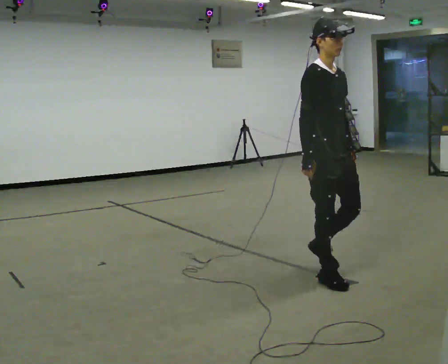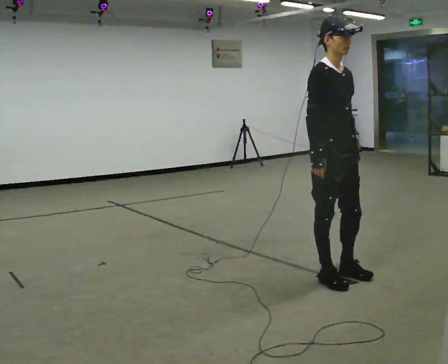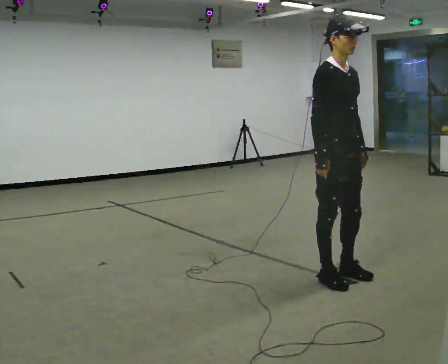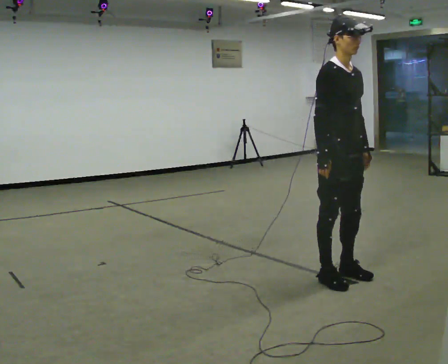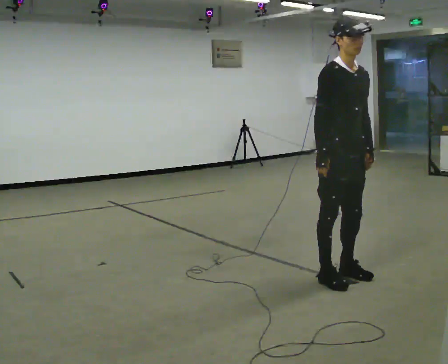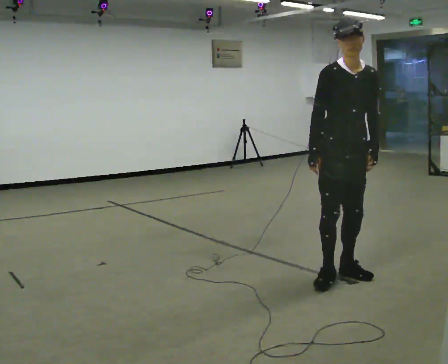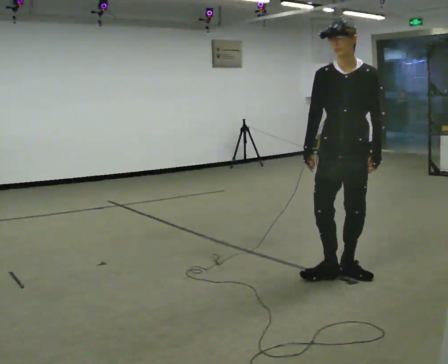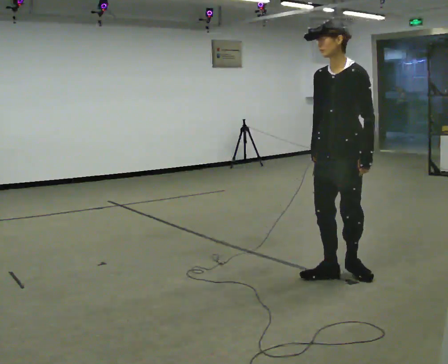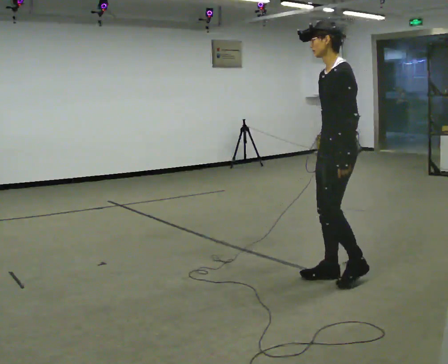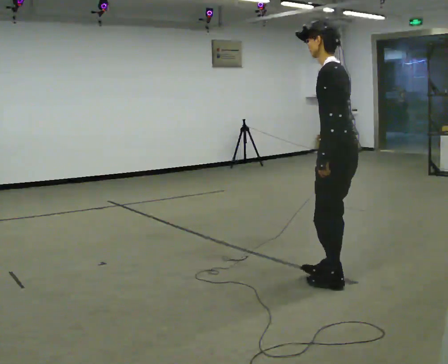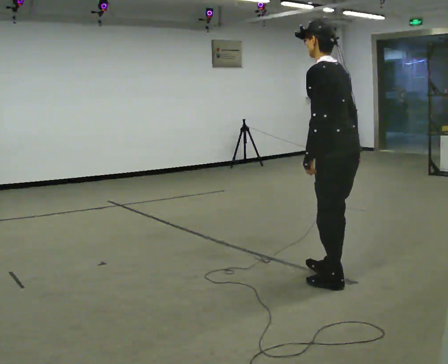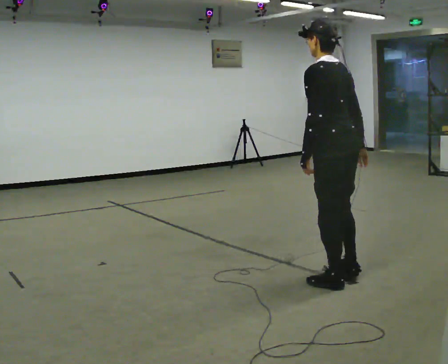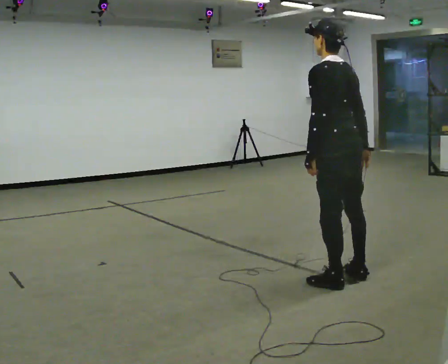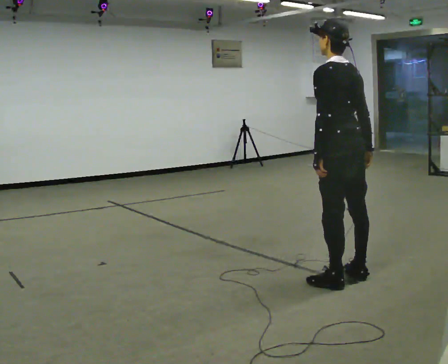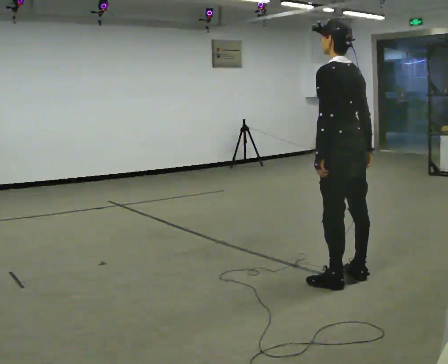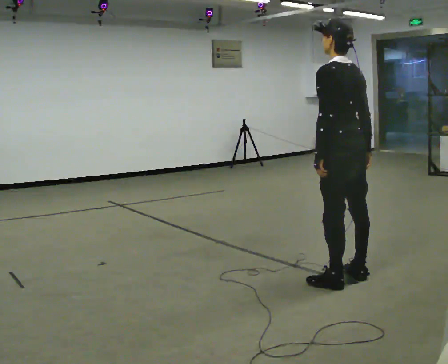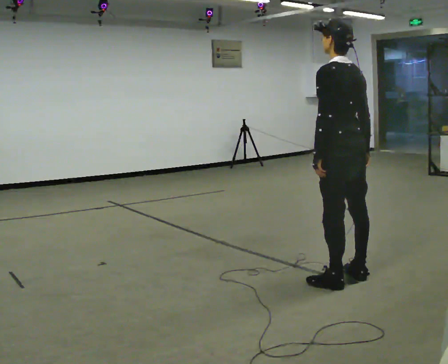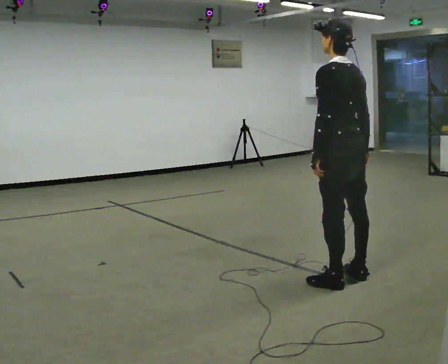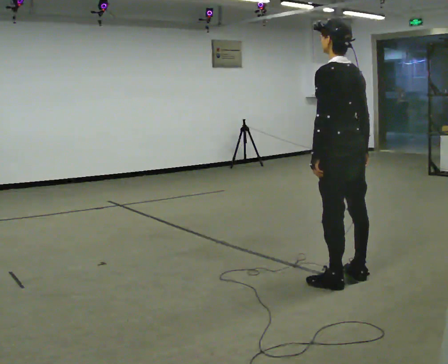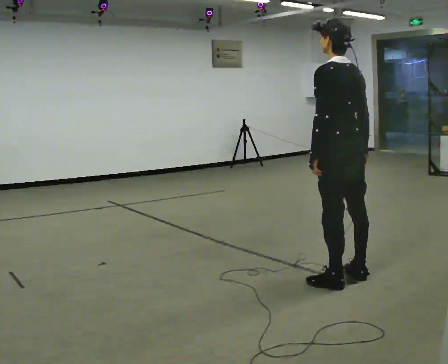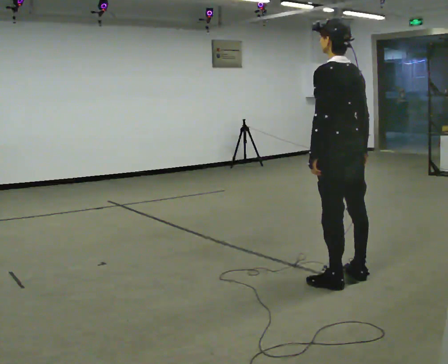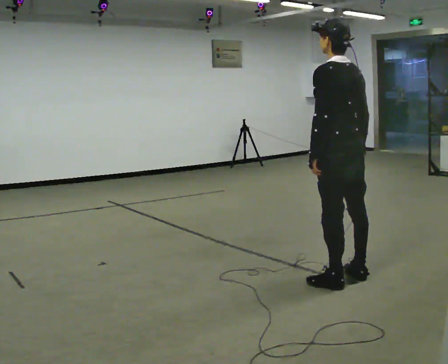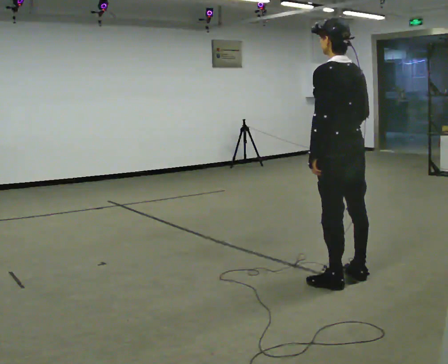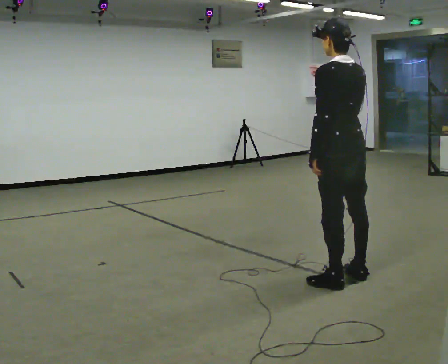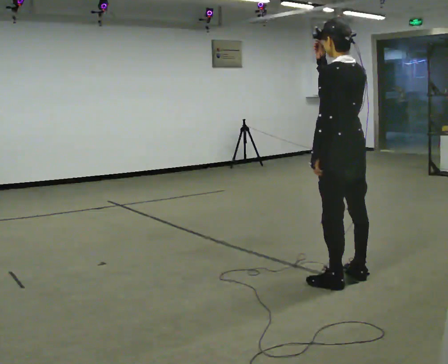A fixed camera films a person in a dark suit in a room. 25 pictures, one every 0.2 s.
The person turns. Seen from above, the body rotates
clockwise.
The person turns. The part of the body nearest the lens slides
to the left.
0.0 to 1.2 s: The person turns about 60 degrees to their right, clockwise seen from above, so the part of the body nearest the lens slides to the left.
1.2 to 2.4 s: The part of the body nearest the lens slides to the left as the person turns to their right by about 120 degrees. In the picture their right hand goes to the right, the arm swinging counterclockwise.
2.4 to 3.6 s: The person moves a little, or ends about where they began.
3.6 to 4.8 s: In the picture their right hand goes upward.
The film runs forward here.
